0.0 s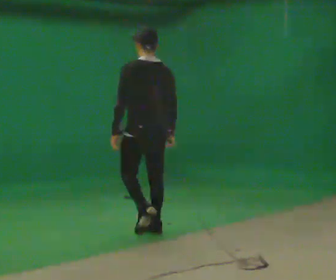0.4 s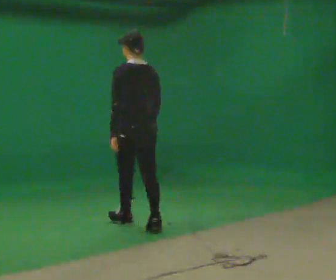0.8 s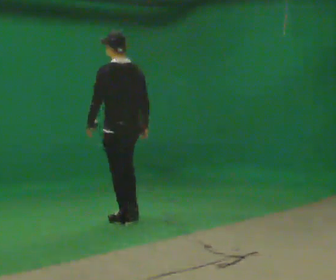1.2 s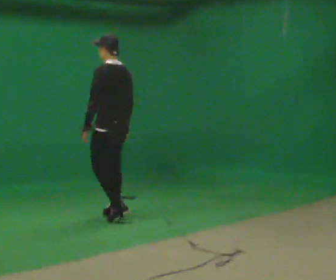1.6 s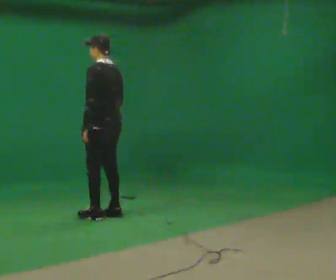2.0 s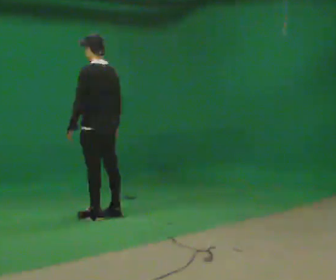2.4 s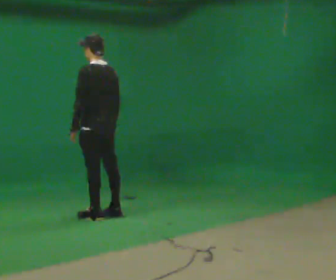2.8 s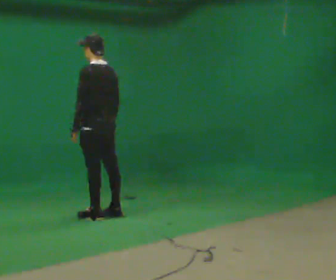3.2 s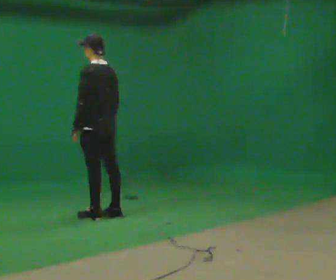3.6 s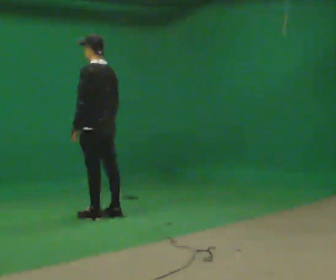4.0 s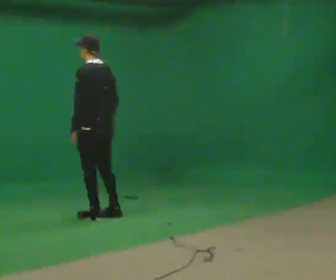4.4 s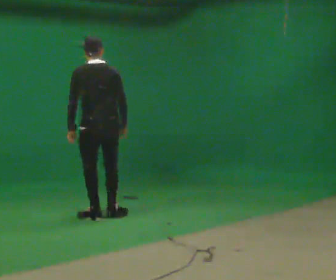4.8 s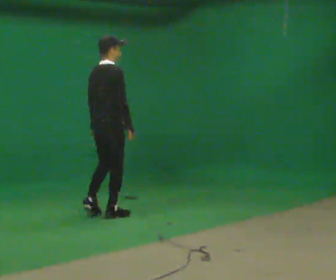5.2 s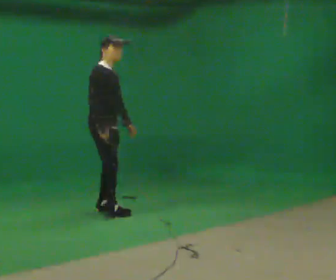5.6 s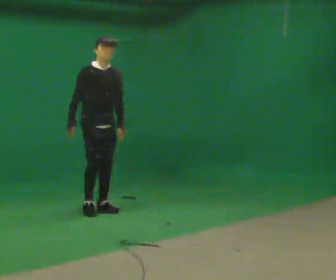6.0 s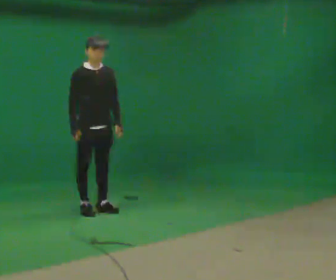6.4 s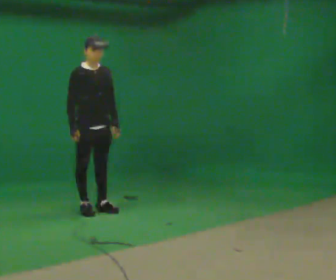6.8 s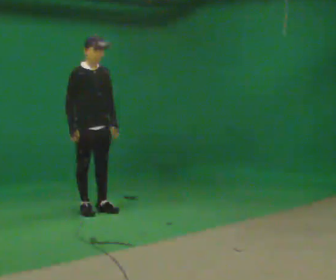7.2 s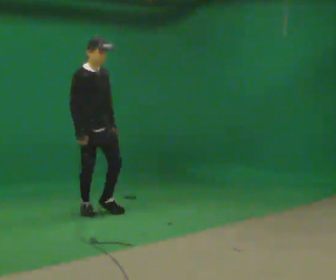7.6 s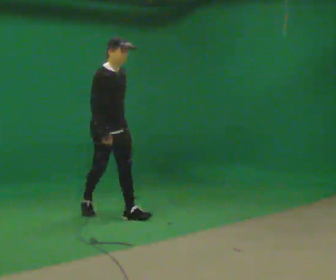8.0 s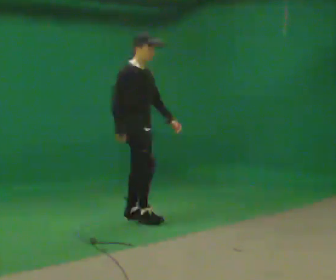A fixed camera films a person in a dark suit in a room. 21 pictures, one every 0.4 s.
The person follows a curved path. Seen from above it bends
counterclockwise.
0.0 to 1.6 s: The person turns about 30 degrees to their left, counterclockwise seen from above, so the part of the body nearest the lens slides to the right. In the picture they go away from the camera and to the left, about 1 m in 3 steps, which for them is forward.
1.6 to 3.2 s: The person moves a little, or ends about where they began.
3.2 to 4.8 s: The part of the body nearest the lens slides to the left as the person turns to their right by about 105 degrees.
4.8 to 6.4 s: Seen from above the body turns clockwise, about 90 degrees: to their right, with its near side sliding to the left. In the picture they go away from the camera and to the left, about 0.25 m in 2 steps.
6.4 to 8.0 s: Seen from above the body turns counterclockwise, about 30 degrees: to their left, with its near side sliding to the right. In the picture they go toward the camera and to the right, about 0.75 m in 1 step, which for them is forward.
The film runs forward here.
